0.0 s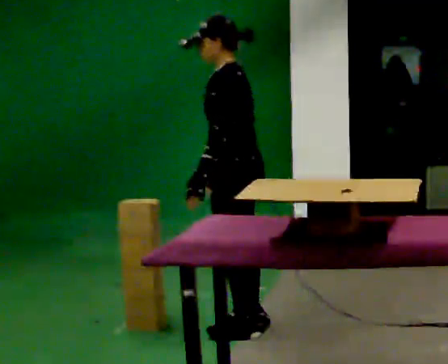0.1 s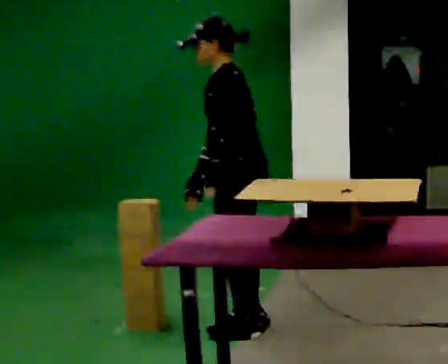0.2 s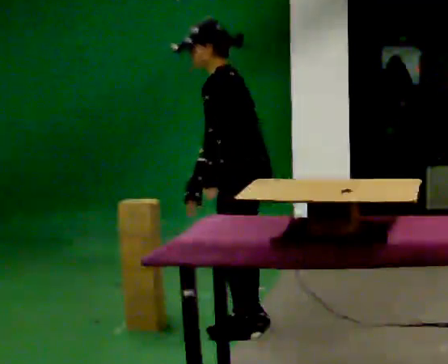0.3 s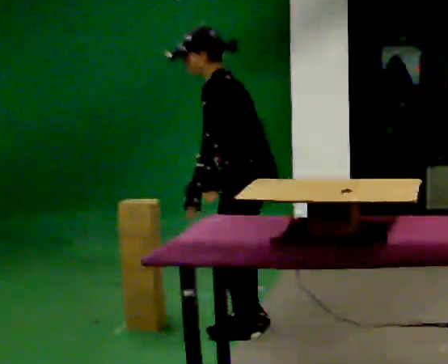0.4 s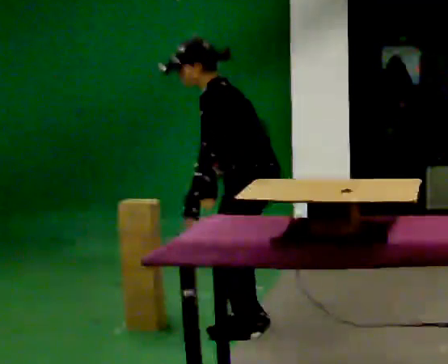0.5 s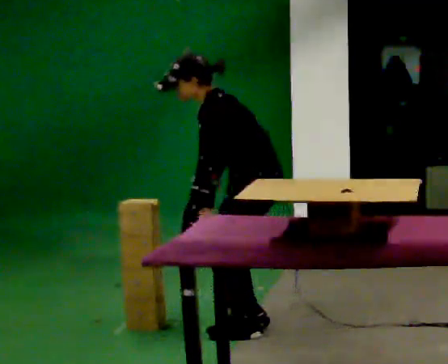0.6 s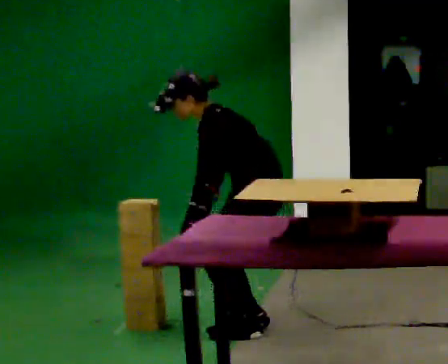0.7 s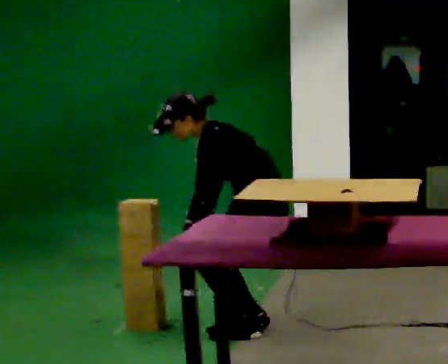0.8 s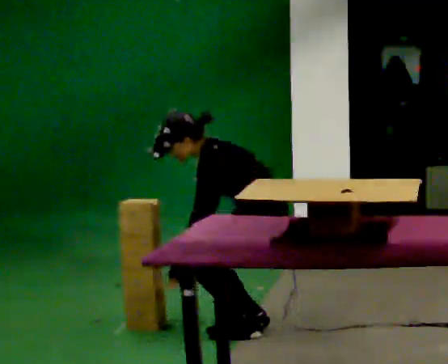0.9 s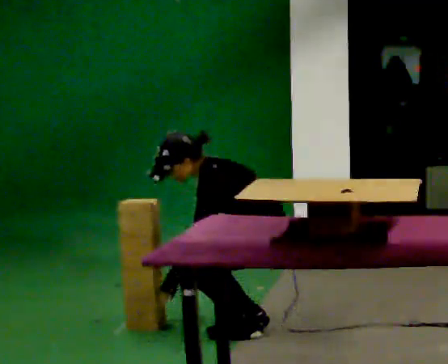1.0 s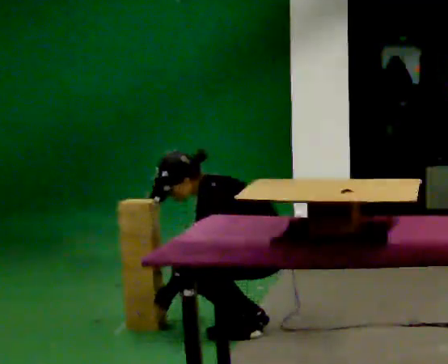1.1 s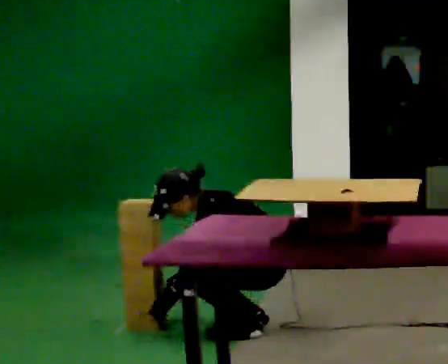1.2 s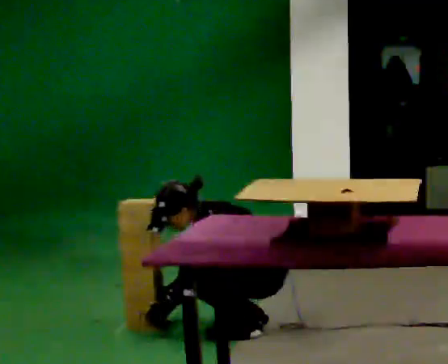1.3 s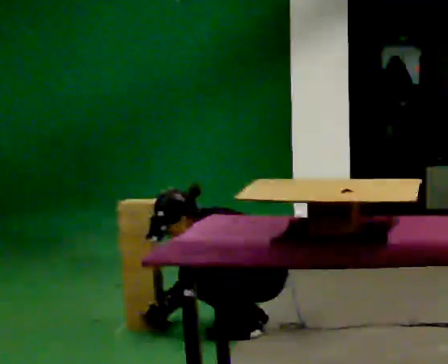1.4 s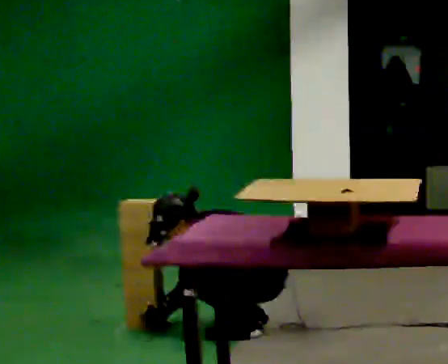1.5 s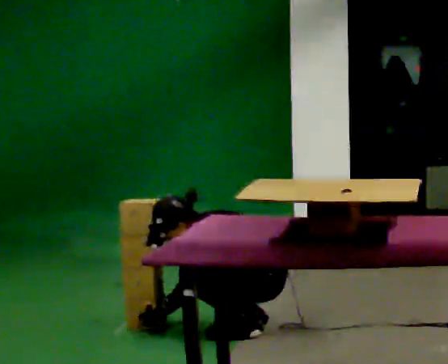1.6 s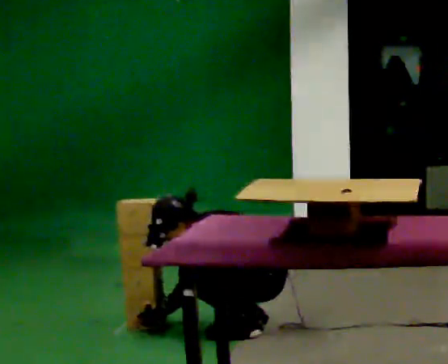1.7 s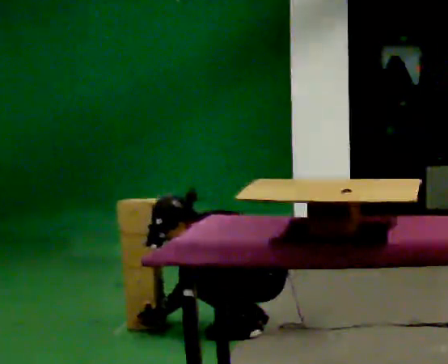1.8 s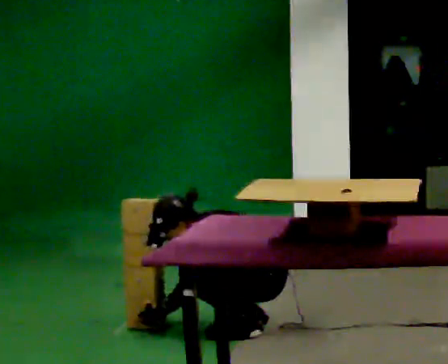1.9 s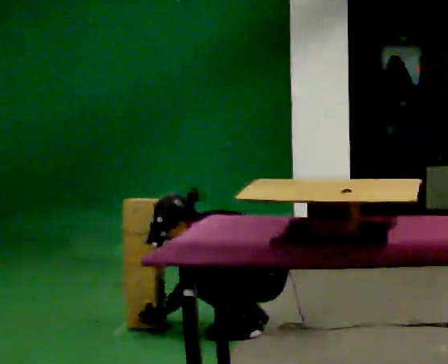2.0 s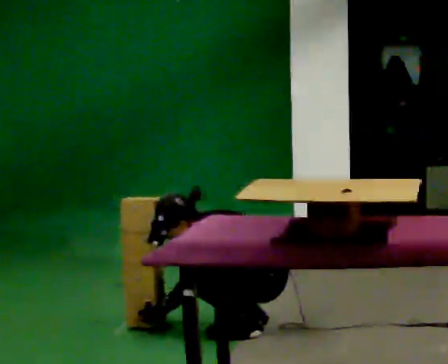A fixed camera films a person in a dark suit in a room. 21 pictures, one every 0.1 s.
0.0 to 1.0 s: The upper body goes downward. In the picture the upper body tilts counterclockwise, shoulders to the left, as they bend forward. In the picture their right hand goes downward.
1.0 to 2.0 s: The shoulders move downward.
The film runs backward here.
